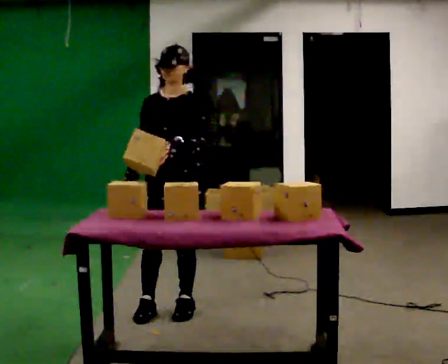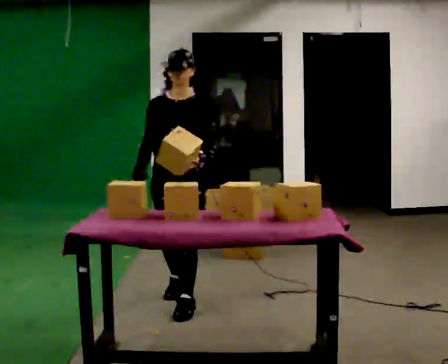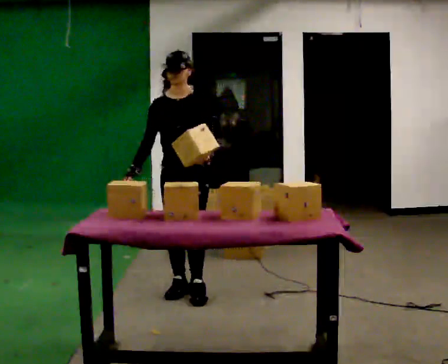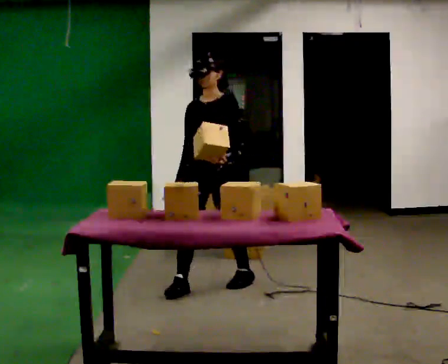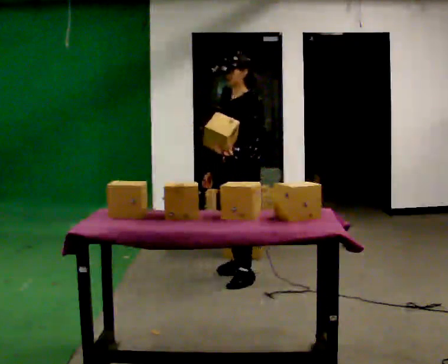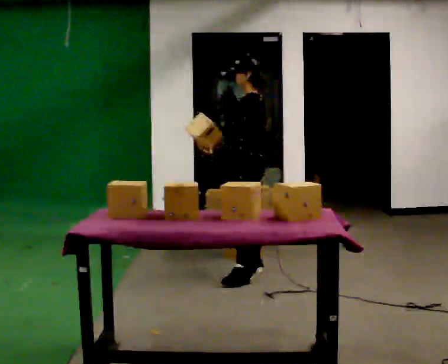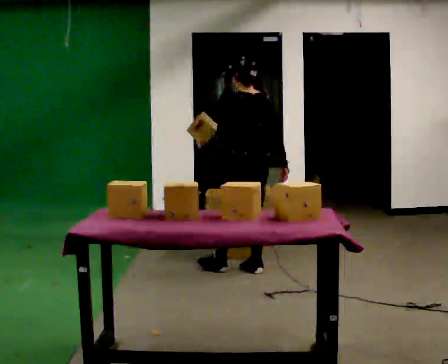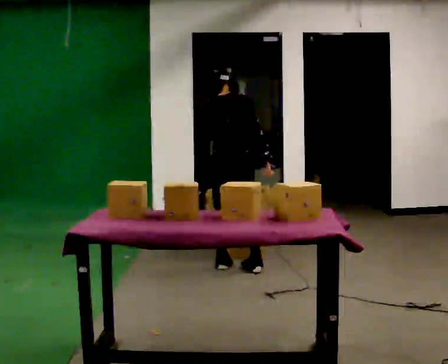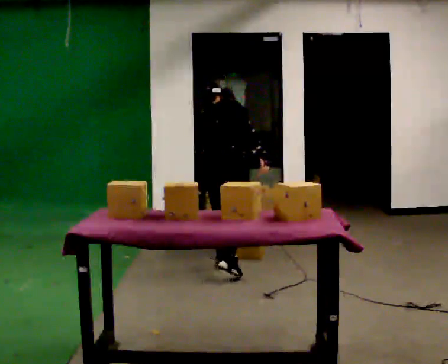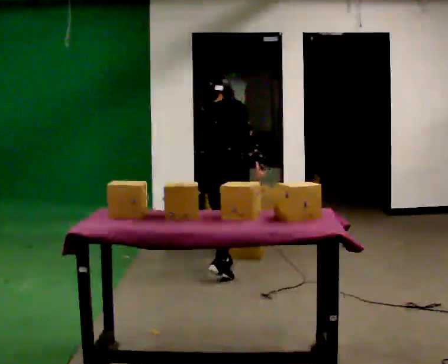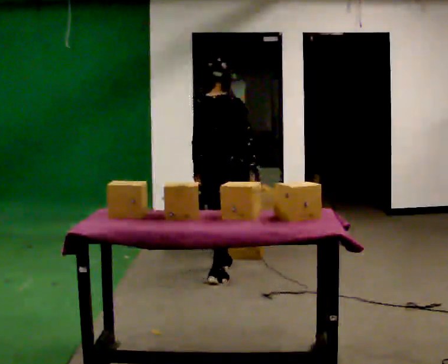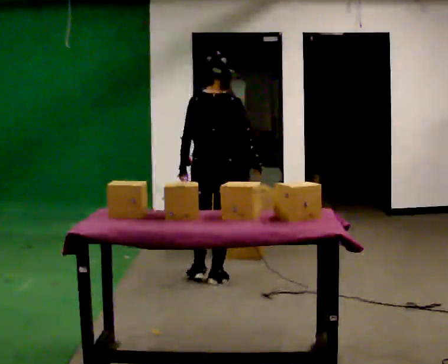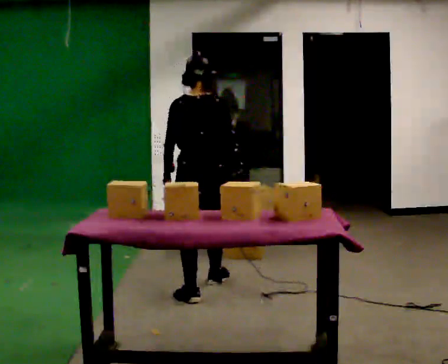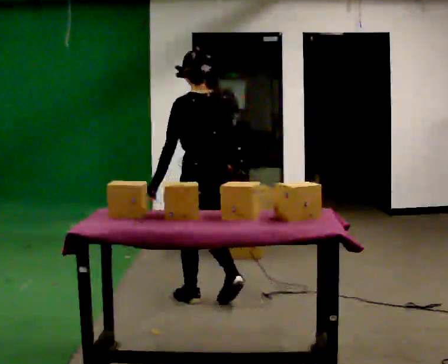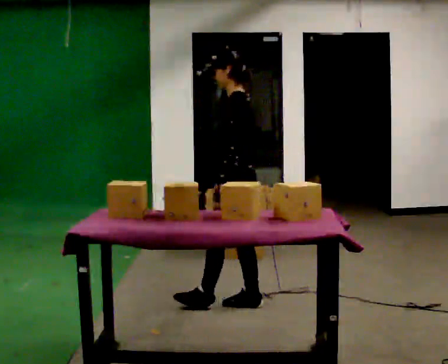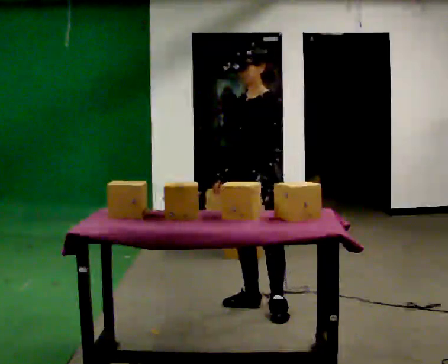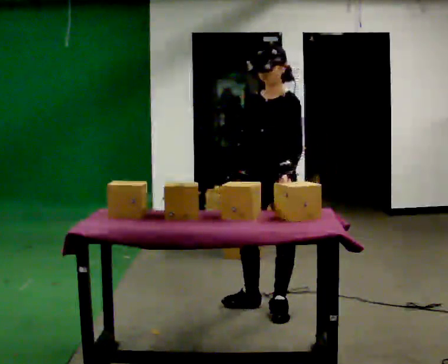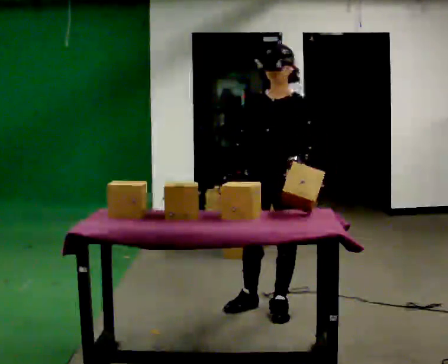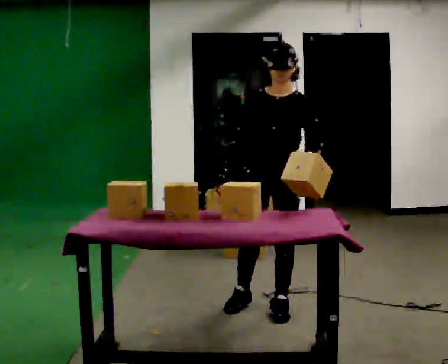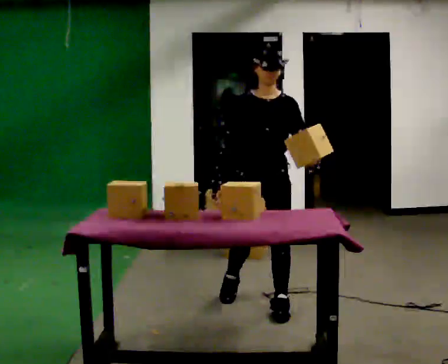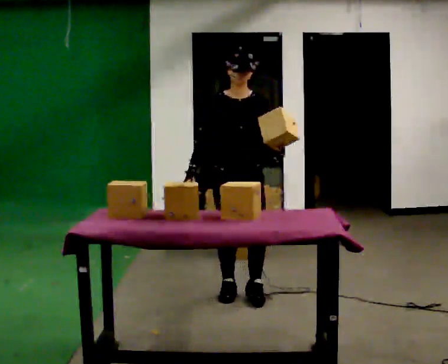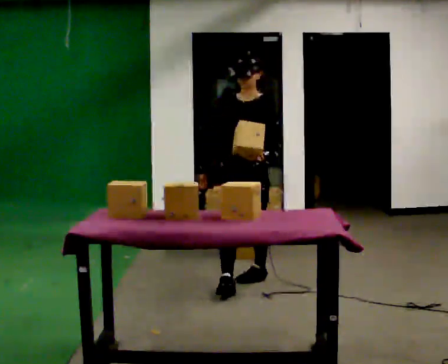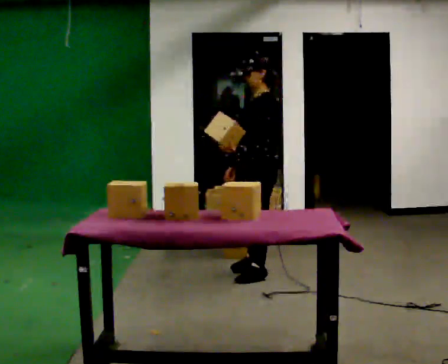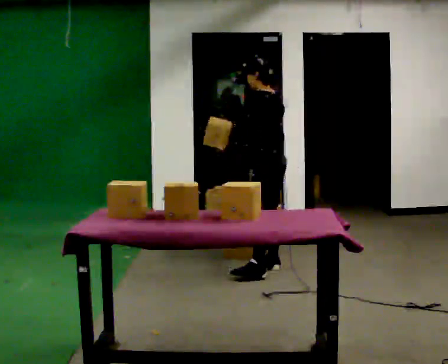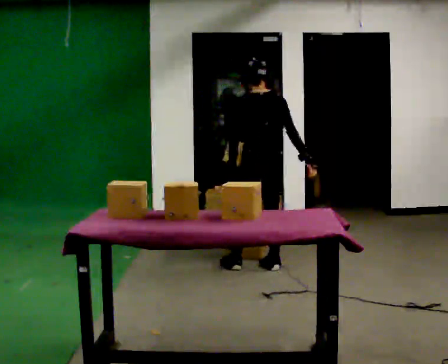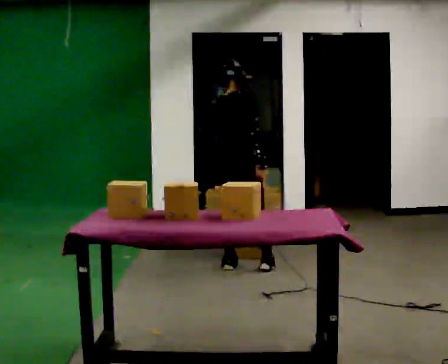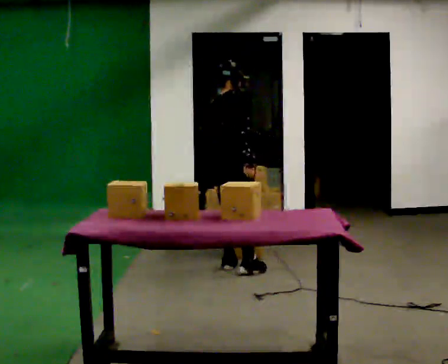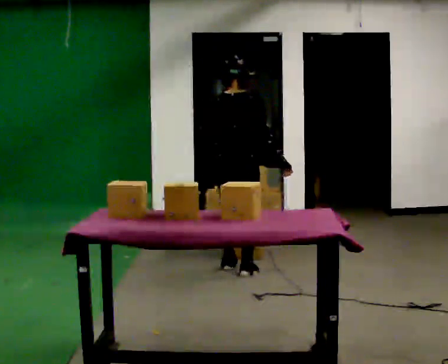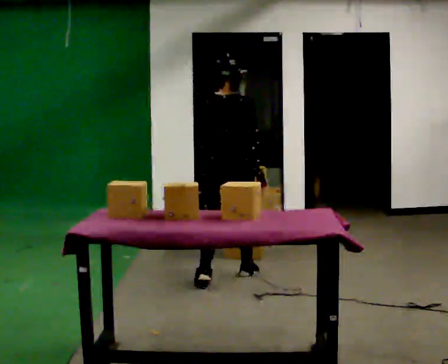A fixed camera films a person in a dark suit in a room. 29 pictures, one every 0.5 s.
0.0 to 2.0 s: The part of the body nearest the lens slides to the left as the person turns to their right by about 45 degrees. In the picture they go away from the camera and to the right, about 1 m in 3 steps, which for them is backward.
2.0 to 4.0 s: The part of the body nearest the lens slides to the left as the person turns to their right by about 150 degrees. In the picture they go away from the camera and to the left, about 0.5 m in 2 steps. The upper body tips away from the camera, its near side rolling upward, as they bend forward.
4.0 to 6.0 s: The part of the body nearest the lens slides to the right as the person turns to their left by about 30 degrees. In the picture they go toward the camera, about 0.75 m in 1 step, which for them is backward and to their right. The upper body tips toward the camera, its near side rolling downward, as they lean back or straighten.
6.0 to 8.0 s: Seen from above the body turns counterclockwise, about 135 degrees: to their left, with its near side sliding to the right. In the picture they go to the right and toward the camera, about 0.75 m in 2 steps.
8.0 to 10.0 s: The part of the body nearest the lens slides to the right as the person turns to their left by about 45 degrees. In the picture they go away from the camera and to the left, about 0.5 m in 2 steps, which for them is to their right and backward.
10.0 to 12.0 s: Seen from above the body turns clockwise, about 180 degrees: to their right, with its near side sliding to the left. In the picture they go away from the camera, about 1 m in 2 steps.
12.0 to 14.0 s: Seen from above the body turns clockwise, about 30 degrees: to their right, with its near side sliding to the left. In the picture they go toward the camera and to the left, about 0.25 m in 2 steps.
The film runs backward here.
